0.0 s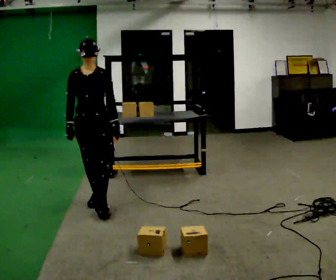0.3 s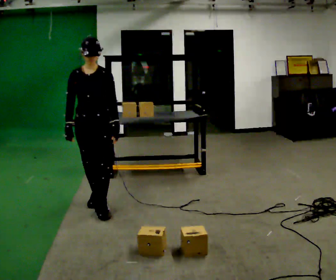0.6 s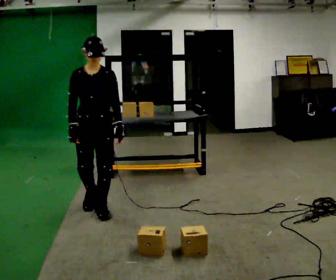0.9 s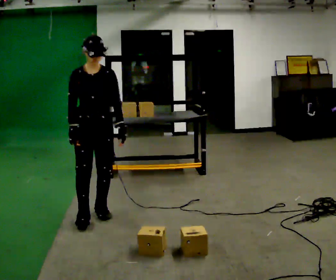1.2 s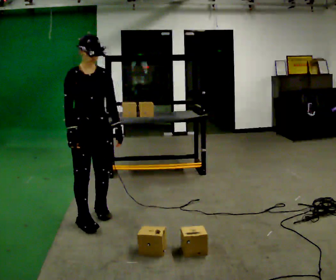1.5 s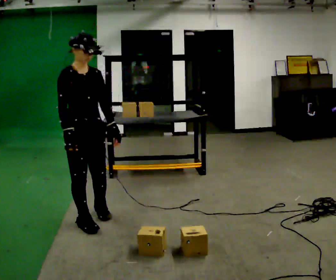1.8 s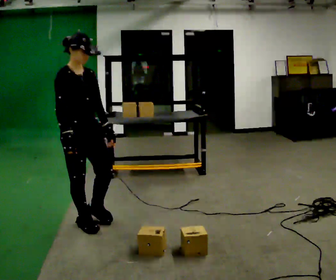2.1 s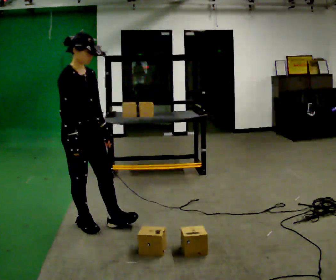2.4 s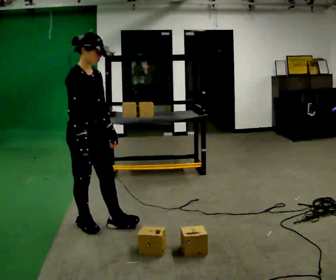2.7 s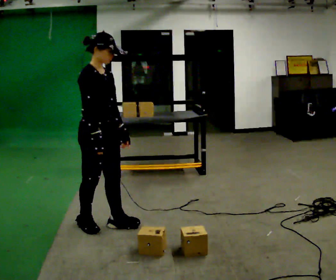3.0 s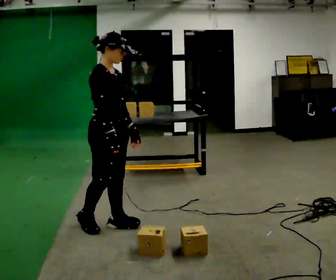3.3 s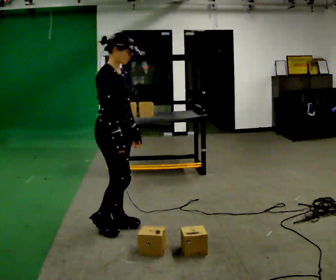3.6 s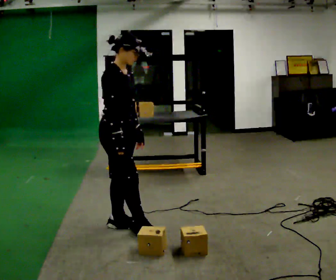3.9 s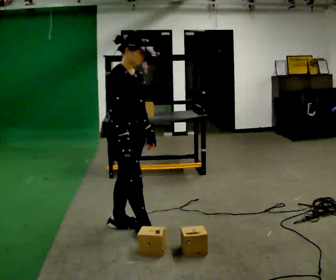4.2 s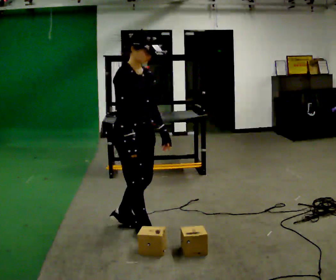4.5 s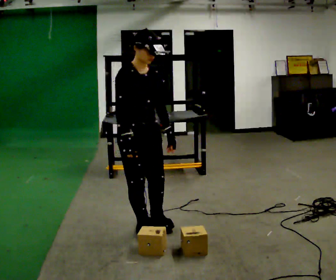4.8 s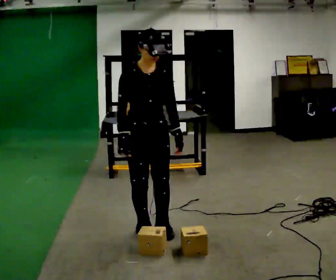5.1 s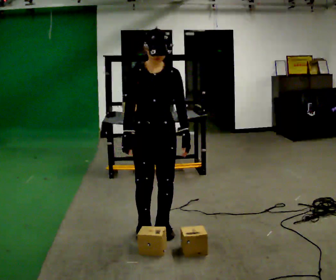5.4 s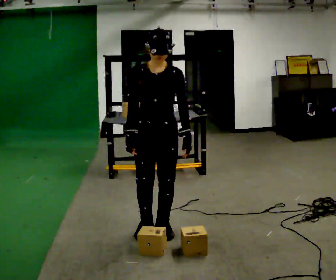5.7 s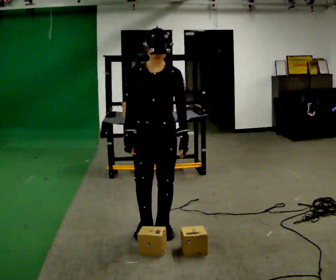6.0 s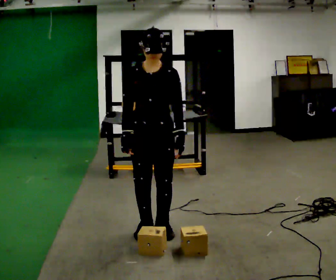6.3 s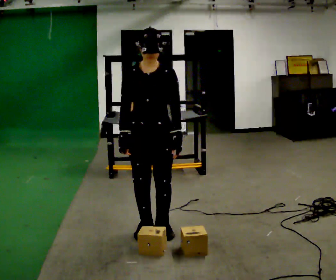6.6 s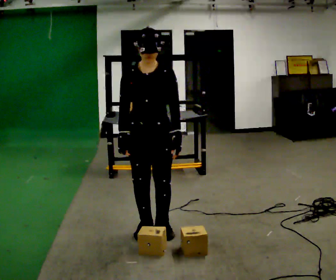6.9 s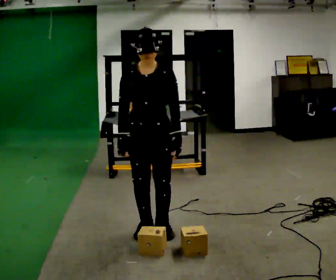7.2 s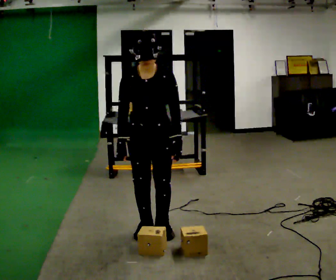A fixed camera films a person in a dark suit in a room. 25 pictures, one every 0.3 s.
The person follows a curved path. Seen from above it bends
counterclockwise.
0.0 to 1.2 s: The person turns about 30 degrees to their left, counterclockwise seen from above, so the part of the body nearest the lens slides to the right. In the picture they go toward the camera, about 0.25 m in 1 step, which for them is forward.
1.2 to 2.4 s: The part of the body nearest the lens slides to the right as the person turns to their left by about 45 degrees. In the picture they go toward the camera, about 0.25 m in 1 step, which for them is forward and to their right.
2.4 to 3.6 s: In the picture they go to the right, about 0.25 m, which for them is forward.
3.6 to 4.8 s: The person turns about 45 degrees to their right, clockwise seen from above, so the part of the body nearest the lens slides to the left. In the picture they go to the right, about 0.25 m in 2 steps, which for them is forward.
4.8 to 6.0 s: The person moves a little, or ends about where they began.
6.0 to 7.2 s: The upper body tips toward the camera, its near side rolling downward, as they bend forward.
The film runs forward here.
